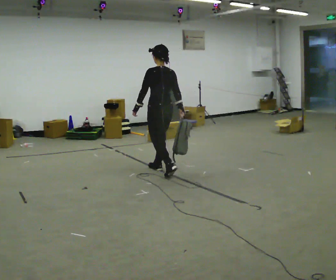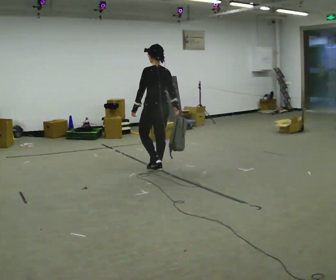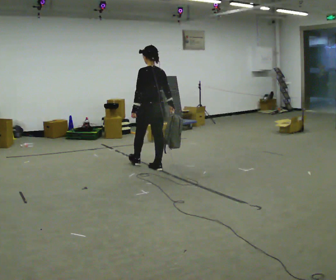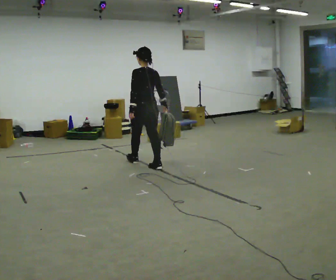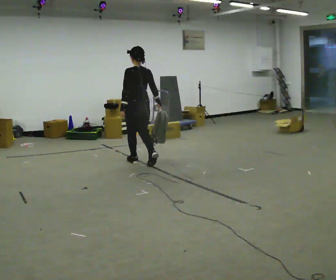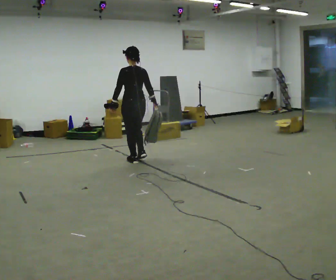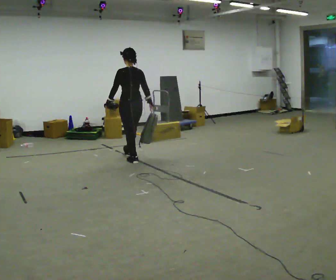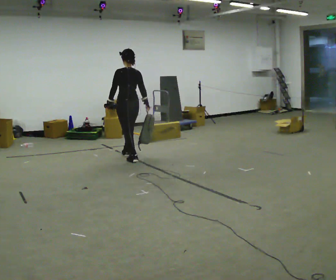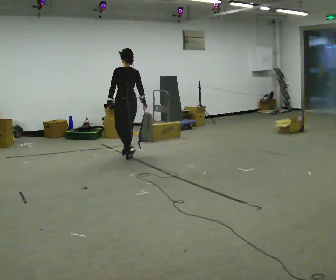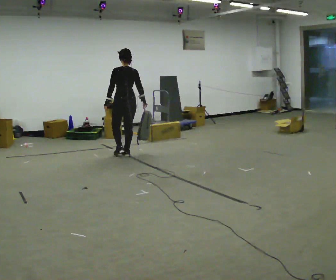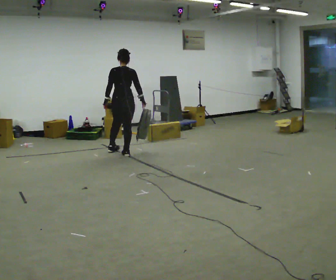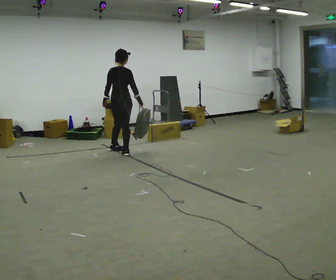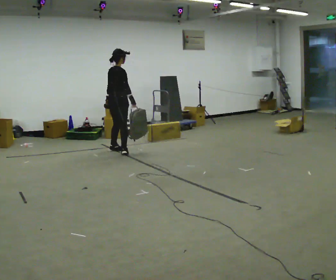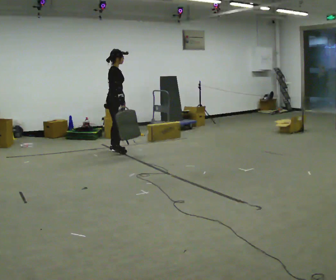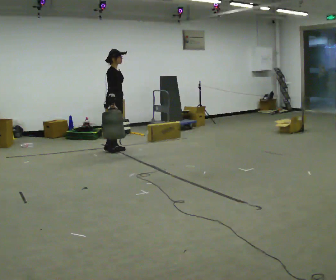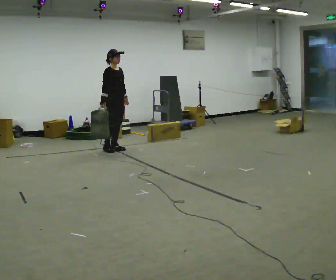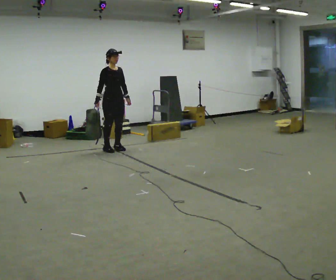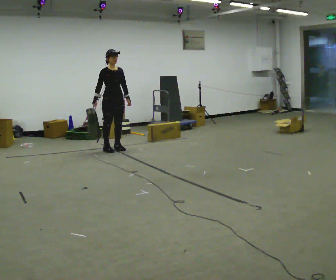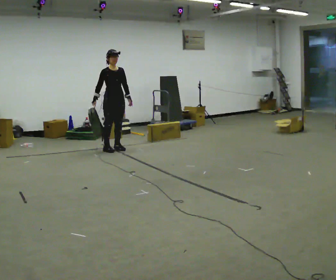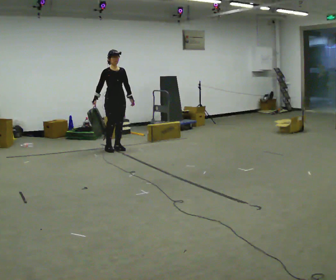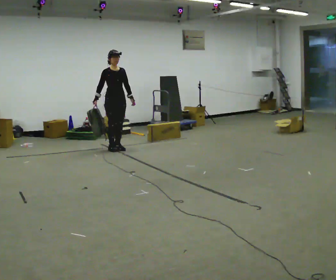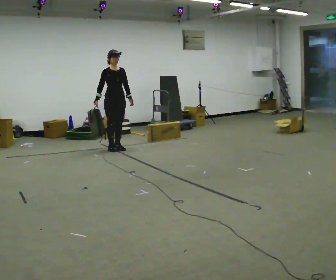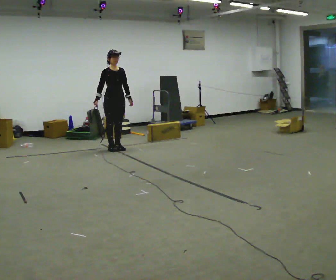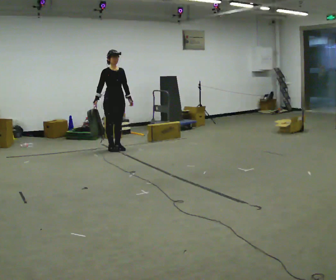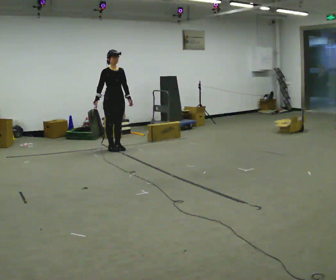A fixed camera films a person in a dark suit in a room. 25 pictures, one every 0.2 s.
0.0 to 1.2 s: In the picture they go away from the camera and to the left, about 0.5 m in 1 step, which for them is forward.
1.2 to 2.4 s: Seen from above the body turns clockwise, about 90 degrees: to their right, with its near side sliding to the left. In the picture they go away from the camera and to the left, about 0.75 m in 2 steps.
2.4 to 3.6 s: The person turns about 105 degrees to their right, clockwise seen from above, so the part of the body nearest the lens slides to the left. In the picture they go away from the camera, about 0.25 m in 1 step. In the picture their right hand goes to the left, the arm swinging clockwise.
3.6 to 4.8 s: The person moves a little, or ends about where they began.
The film runs forward here.
